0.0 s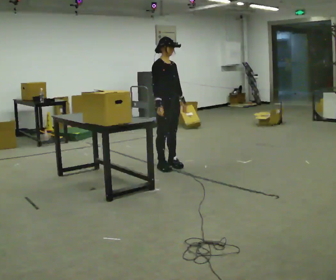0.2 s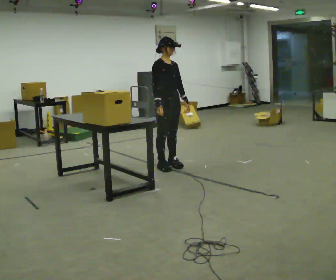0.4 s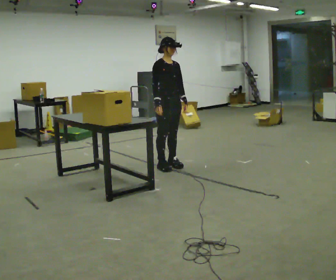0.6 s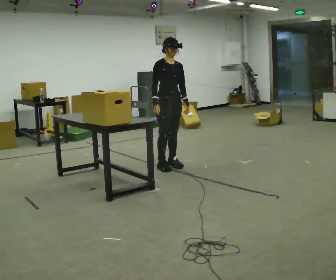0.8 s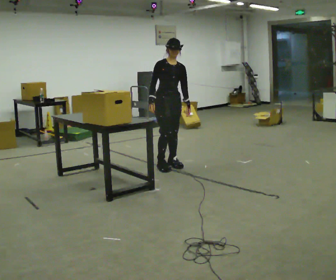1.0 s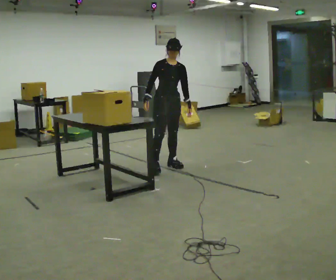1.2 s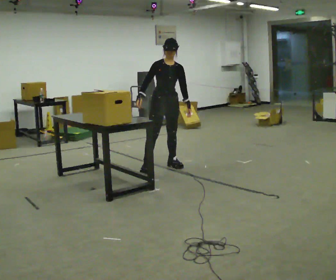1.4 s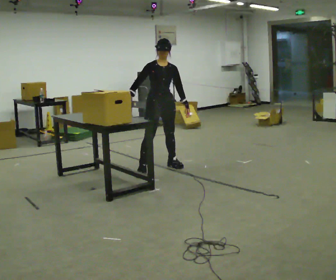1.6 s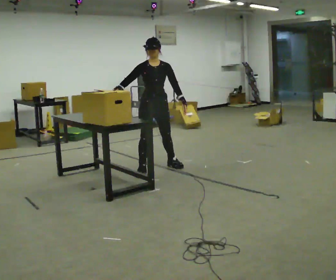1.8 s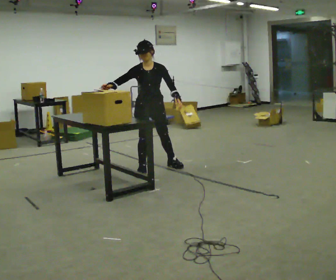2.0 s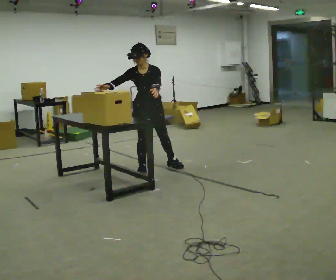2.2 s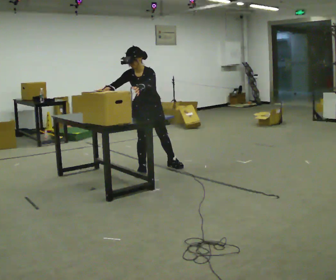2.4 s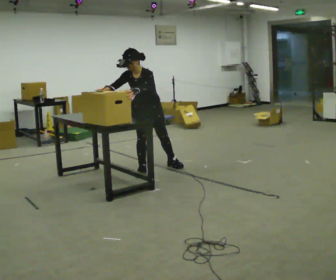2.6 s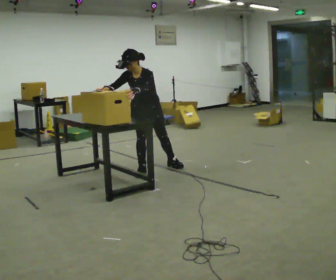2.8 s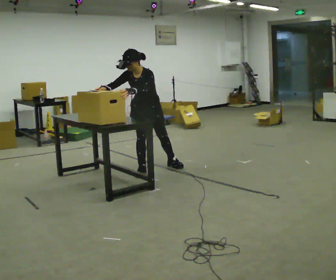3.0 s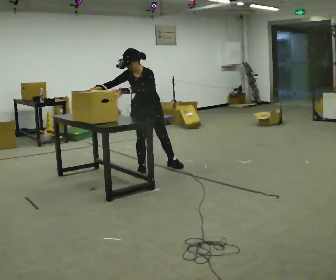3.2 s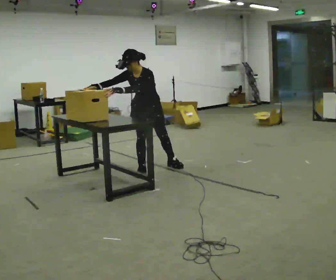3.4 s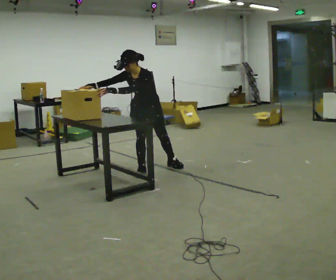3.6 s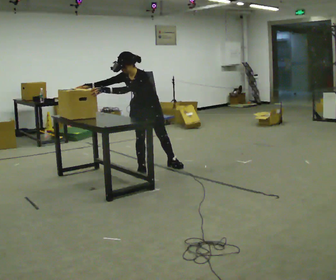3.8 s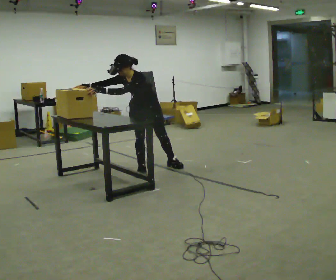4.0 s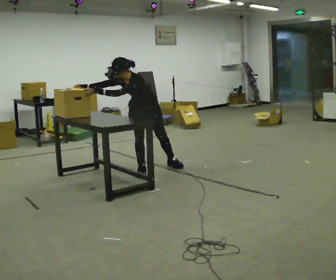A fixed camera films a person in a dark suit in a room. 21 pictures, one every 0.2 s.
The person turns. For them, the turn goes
to their right.
Their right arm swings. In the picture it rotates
clockwise.
0.0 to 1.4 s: The person turns about 30 degrees to their right, clockwise seen from above, so the part of the body nearest the lens slides to the left. In the picture their right hand goes to the left.
1.4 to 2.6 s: The part of the body nearest the lens slides to the left as the person turns to their right by about 30 degrees. In the picture they go to the left, about 0.25 m, which for them is to their right. The upper body tips toward the camera, its near side rolling downward, as they bend forward. In the picture their left hand goes to the left.
2.6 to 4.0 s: In the picture the upper body tilts counterclockwise, shoulders to the left. In the picture their right hand goes to the left.
The film runs forward here.
